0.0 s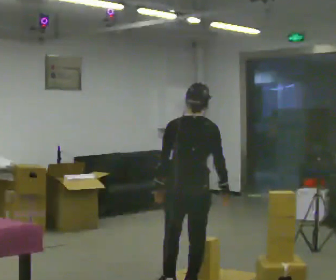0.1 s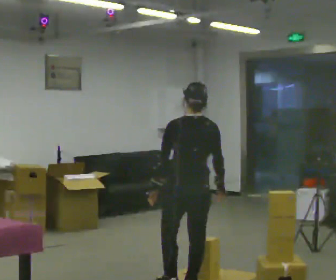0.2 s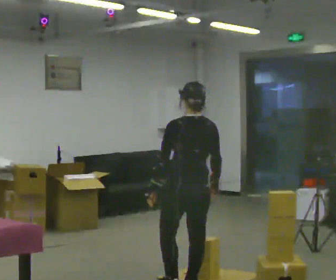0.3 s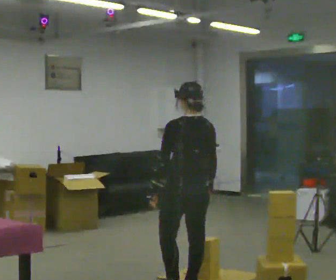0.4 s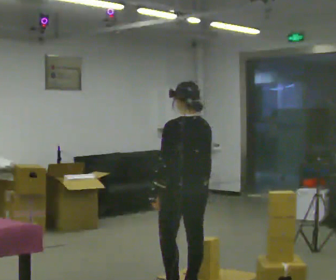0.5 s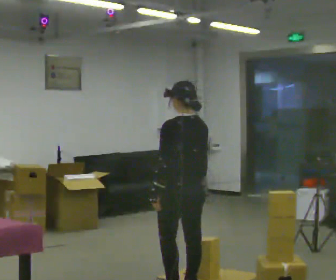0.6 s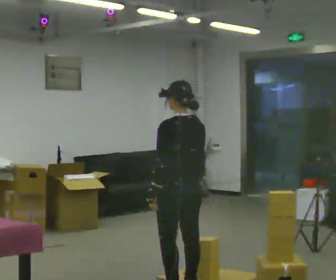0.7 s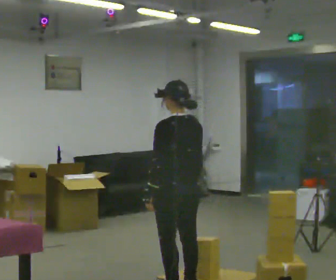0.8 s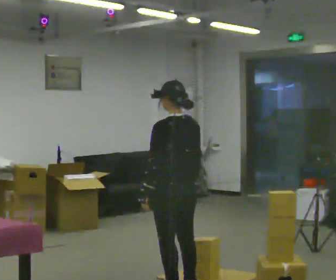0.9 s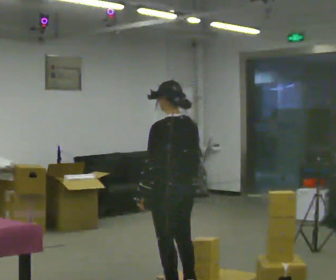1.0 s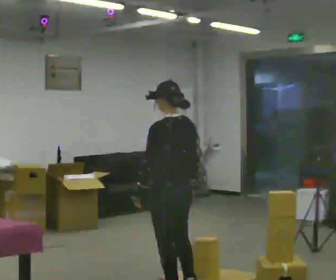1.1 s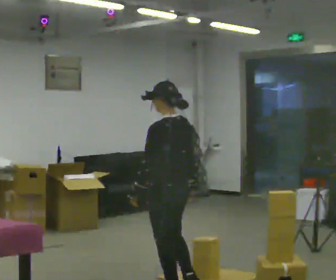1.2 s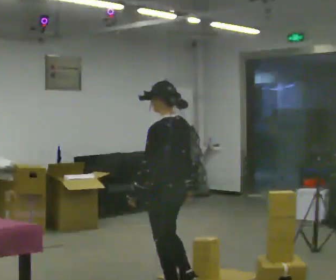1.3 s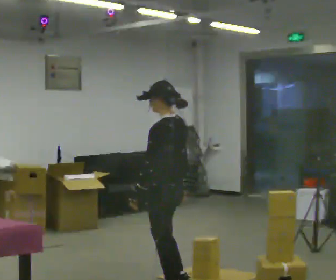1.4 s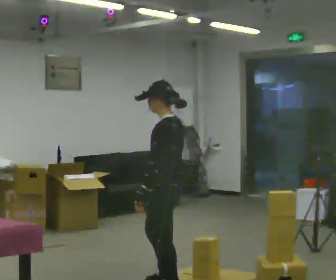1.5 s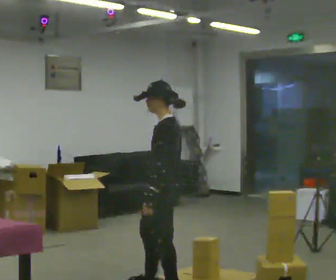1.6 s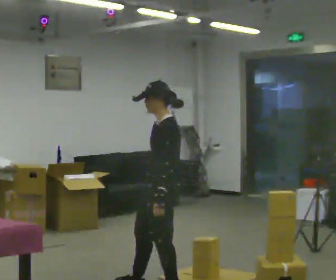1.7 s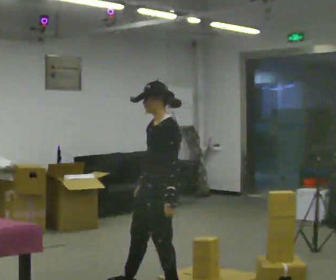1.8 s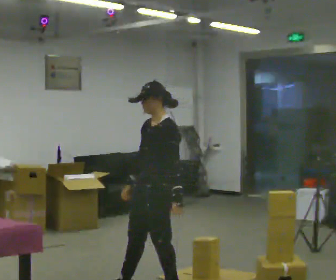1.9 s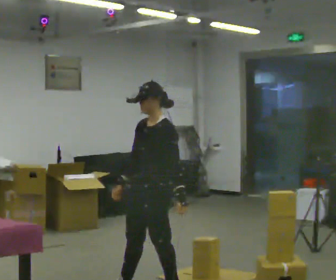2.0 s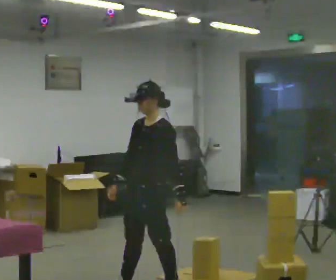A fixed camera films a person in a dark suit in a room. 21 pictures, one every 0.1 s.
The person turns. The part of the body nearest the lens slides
to the right.
Their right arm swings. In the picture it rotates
clockwise.
0.0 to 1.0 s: The person turns about 45 degrees to their left, counterclockwise seen from above, so the part of the body nearest the lens slides to the right.
1.0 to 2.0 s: The part of the body nearest the lens slides to the right as the person turns to their left by about 90 degrees. In the picture they go to the left, about 0.25 m in 1 step.
The film runs forward here.
